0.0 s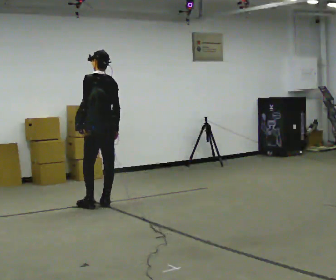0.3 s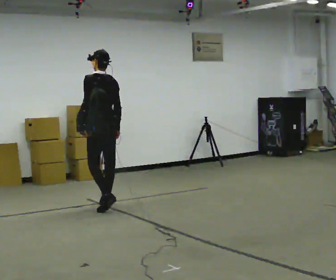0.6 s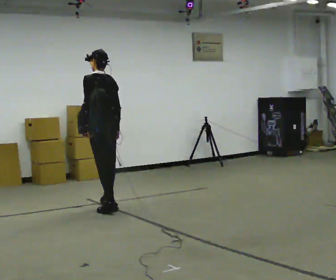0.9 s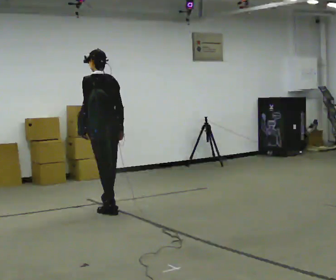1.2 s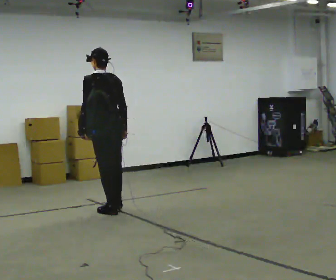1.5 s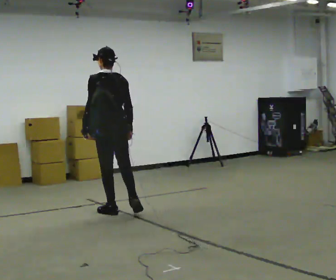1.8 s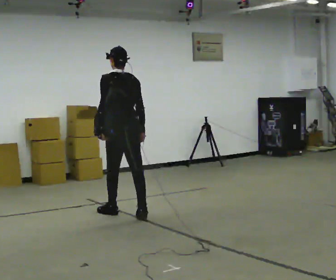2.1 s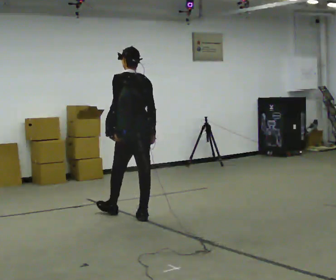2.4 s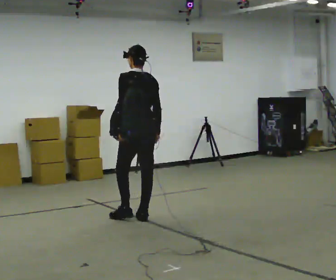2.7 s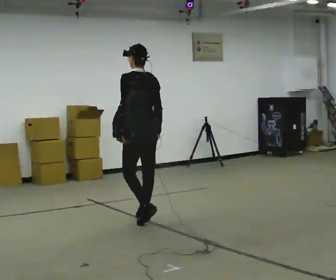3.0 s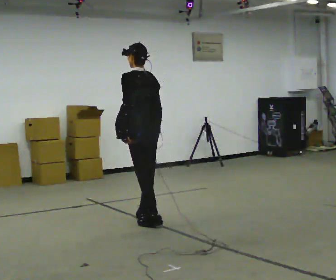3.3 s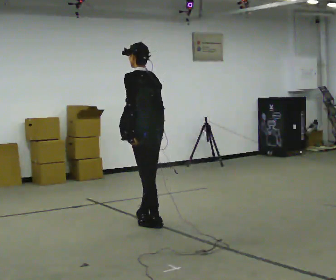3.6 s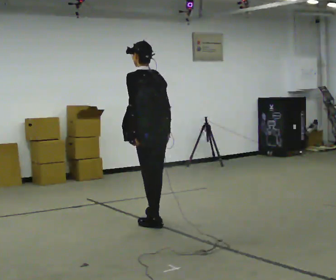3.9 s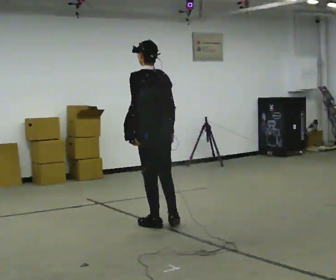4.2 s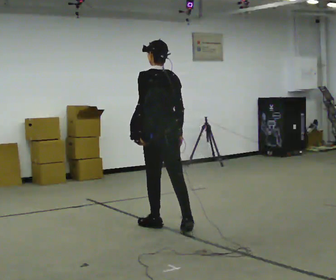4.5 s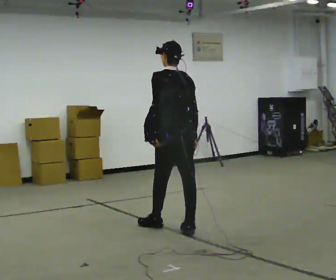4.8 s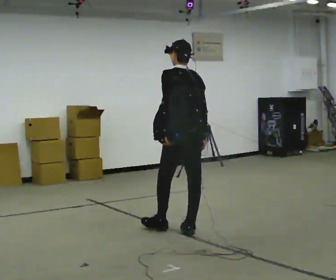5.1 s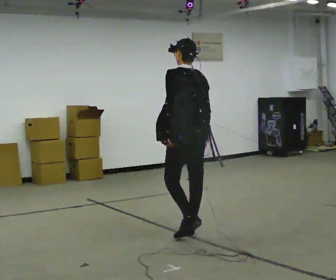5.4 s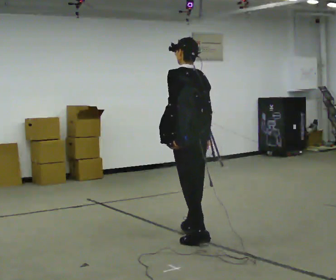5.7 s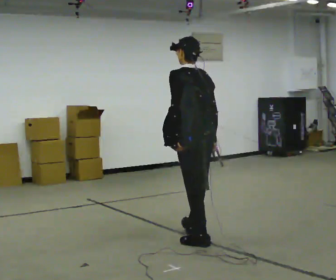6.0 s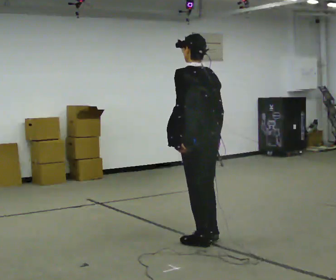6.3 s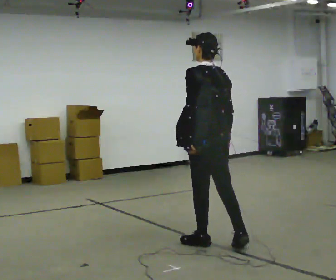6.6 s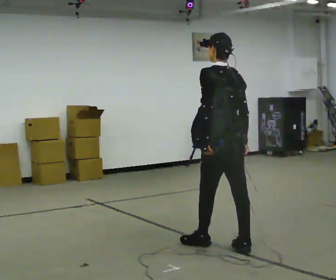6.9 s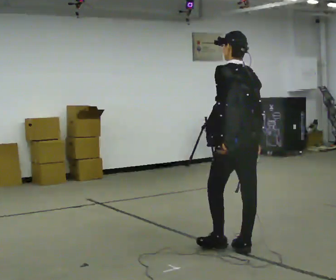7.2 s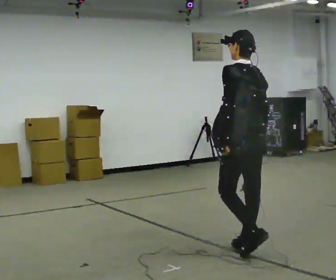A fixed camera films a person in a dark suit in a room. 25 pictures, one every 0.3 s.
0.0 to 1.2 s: In the picture they go toward the camera, about 0.25 m in 1 step, which for them is backward and to their left.
1.2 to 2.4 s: In the picture they go to the right and toward the camera, about 0.5 m in 1 step, which for them is backward and to their right.
2.4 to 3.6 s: In the picture they go toward the camera, about 0.25 m in 1 step, which for them is backward and to their left.
3.6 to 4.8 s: In the picture they go to the right and toward the camera, about 0.5 m in 1 step, which for them is backward.
4.8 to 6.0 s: In the picture they go toward the camera, about 0.5 m in 1 step, which for them is backward.
6.0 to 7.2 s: In the picture they go to the right and toward the camera, about 0.5 m in 1 step, which for them is backward.
The film runs backward here.
